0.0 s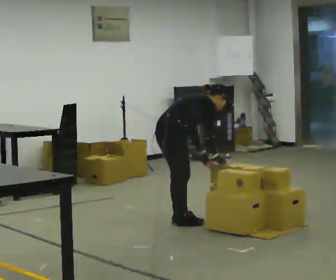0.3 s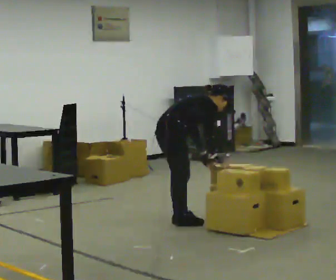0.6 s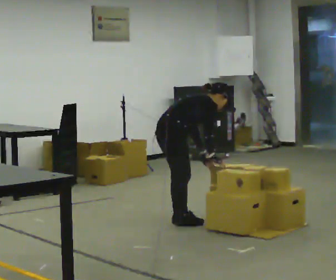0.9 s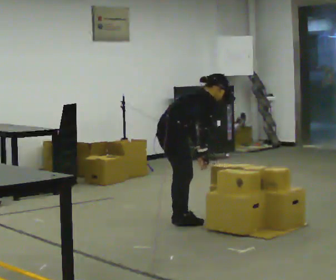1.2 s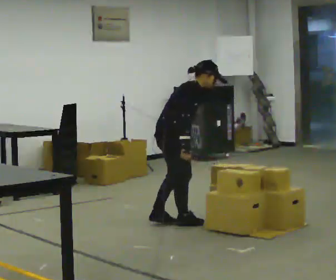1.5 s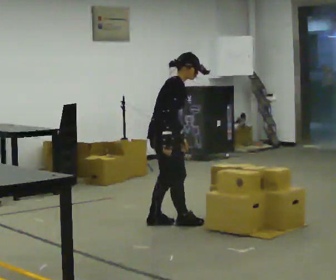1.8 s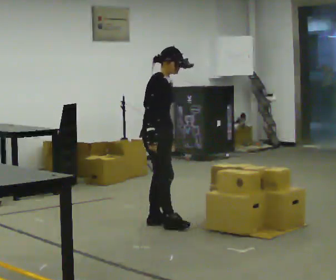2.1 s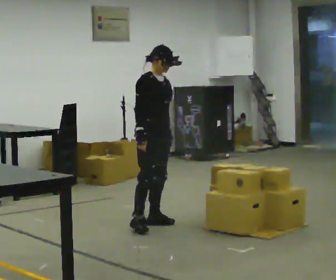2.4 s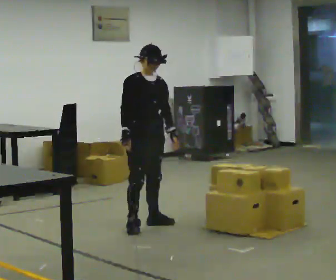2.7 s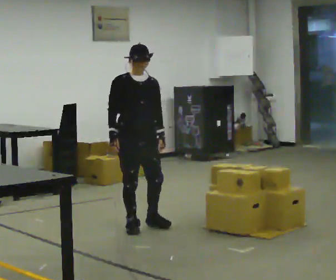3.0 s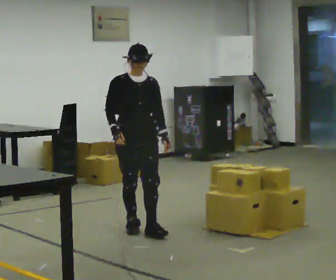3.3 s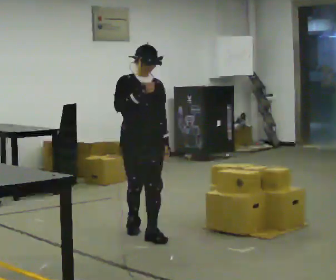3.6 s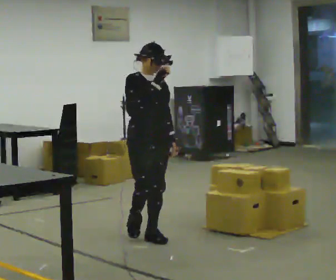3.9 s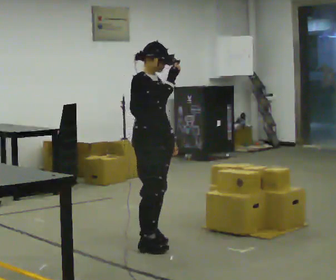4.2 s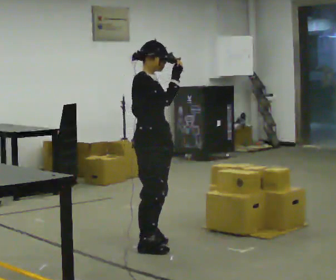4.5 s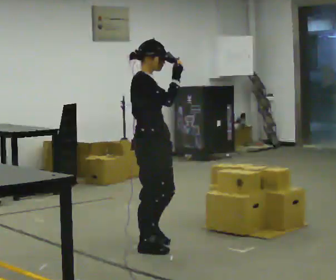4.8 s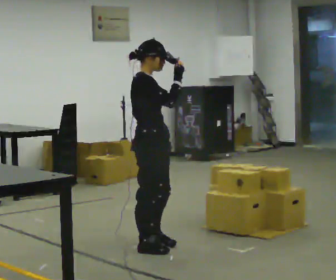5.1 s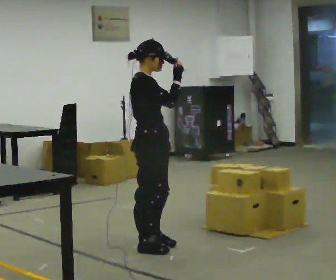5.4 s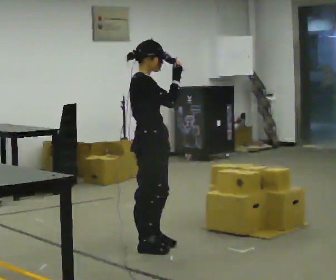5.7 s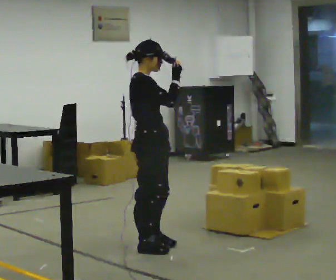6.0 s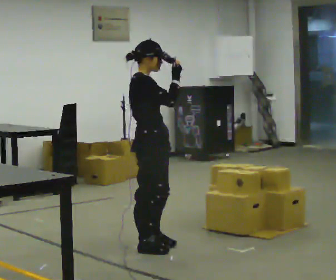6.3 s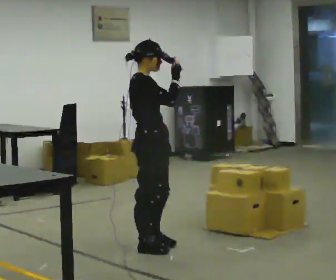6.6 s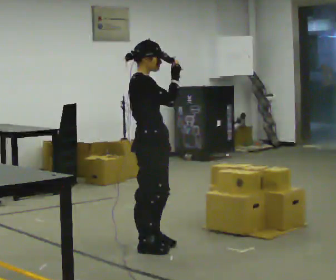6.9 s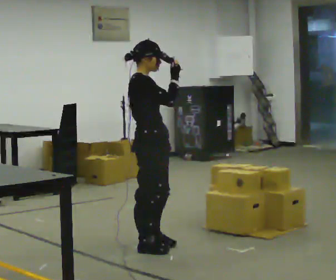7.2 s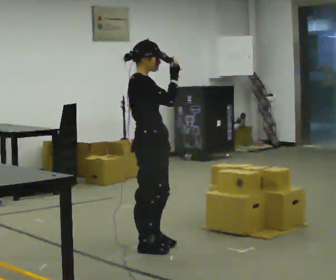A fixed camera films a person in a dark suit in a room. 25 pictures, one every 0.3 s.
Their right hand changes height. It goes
upward.
The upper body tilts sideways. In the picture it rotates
counterclockwise.
0.0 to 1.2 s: In the picture the upper body tilts counterclockwise, shoulders to the left, as they lean back or straighten. In the picture their right hand goes to the left.
1.2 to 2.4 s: Seen from above the body turns clockwise, about 60 degrees: to their right, with its near side sliding to the left. In the picture they go to the left, about 0.25 m in 1 step. In the picture the upper body tilts counterclockwise, shoulders to the left, as they lean back or straighten.
2.4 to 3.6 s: In the picture they go toward the camera, about 0.5 m in 1 step, which for them is forward. In the picture their right hand goes upward.
3.6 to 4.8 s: The person turns about 45 degrees to their left, counterclockwise seen from above, so the part of the body nearest the lens slides to the right. In the picture they go toward the camera, about 0.5 m in 2 steps, which for them is to their right.
4.8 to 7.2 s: The person moves a little, or ends about where they began.
The film runs forward here.
